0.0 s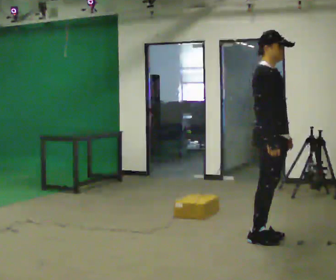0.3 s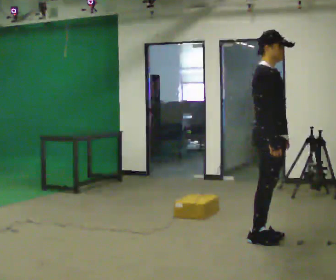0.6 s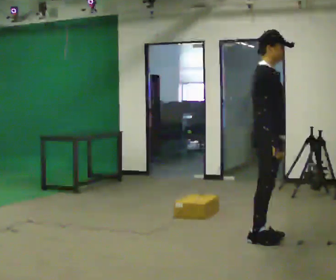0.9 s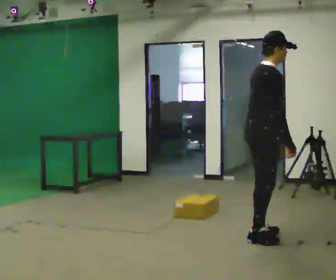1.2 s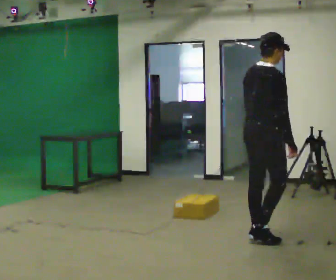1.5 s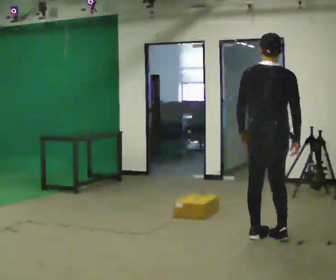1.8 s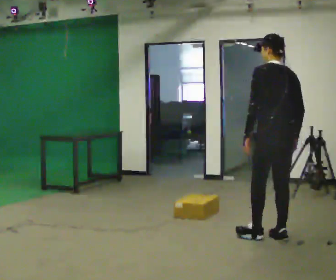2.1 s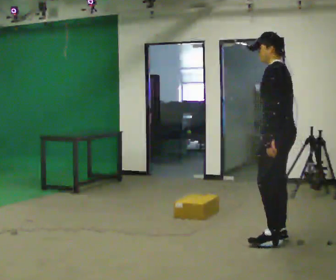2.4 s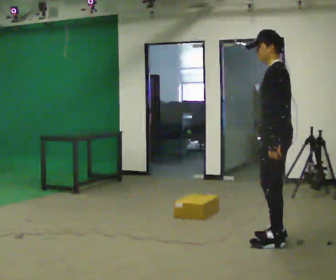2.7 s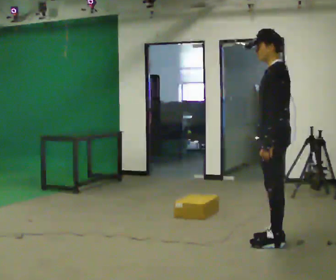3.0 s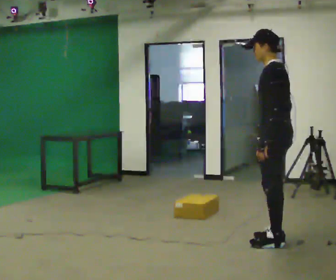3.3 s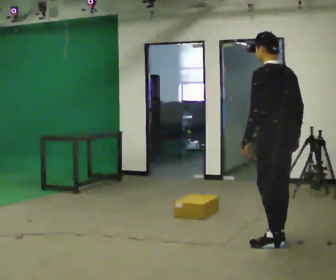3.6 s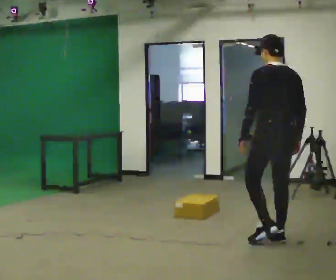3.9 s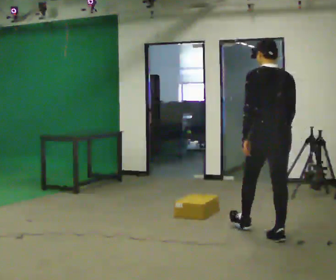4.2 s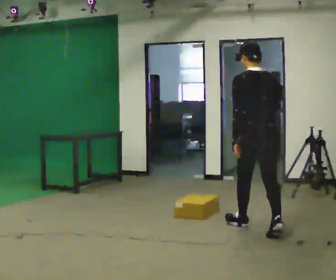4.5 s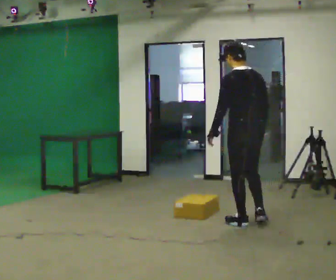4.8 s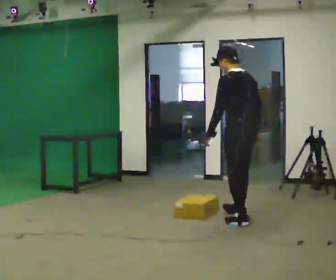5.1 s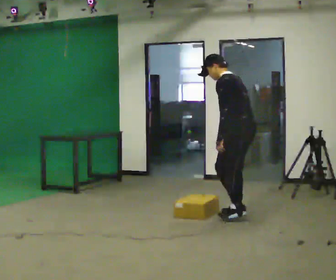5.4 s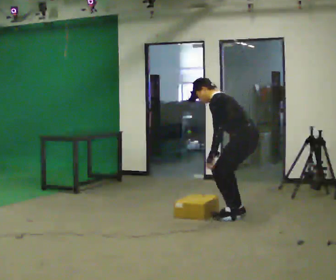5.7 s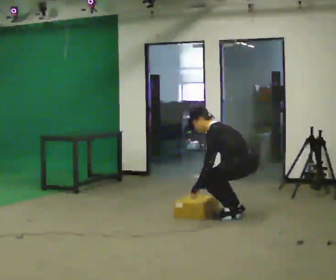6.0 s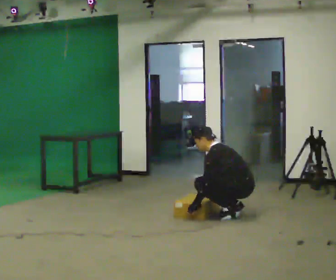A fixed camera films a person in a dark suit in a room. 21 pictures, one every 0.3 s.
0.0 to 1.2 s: Seen from above the body turns counterclockwise, about 60 degrees: to their left, with its near side sliding to the right.
1.2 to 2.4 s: The part of the body nearest the lens slides to the right as the person turns to their left by about 135 degrees.
2.4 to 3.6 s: Seen from above the body turns clockwise, about 60 degrees: to their right, with its near side sliding to the left.
3.6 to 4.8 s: In the picture they go away from the camera and to the left, about 1 m in 1 step, which for them is forward.
4.8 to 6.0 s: Seen from above the body turns counterclockwise, about 30 degrees: to their left, with its near side sliding to the right. In the picture they go away from the camera, about 0.25 m in 2 steps, which for them is to their right. The upper body goes downward. In the picture the upper body tilts counterclockwise, shoulders to the left, as they bend forward. In the picture their right hand goes downward and to the left.
The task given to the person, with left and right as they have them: Walk quickly but do not run; remain comfortable and controlled; stop.
The film runs forward here.
